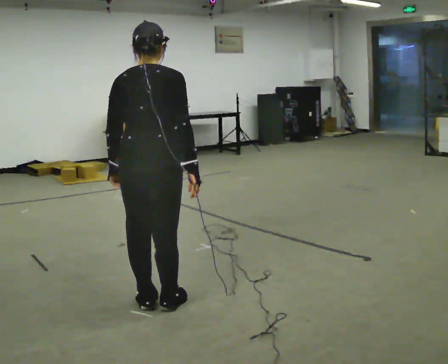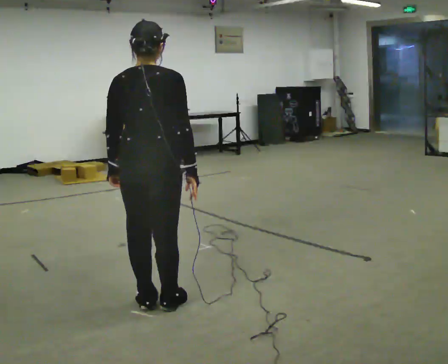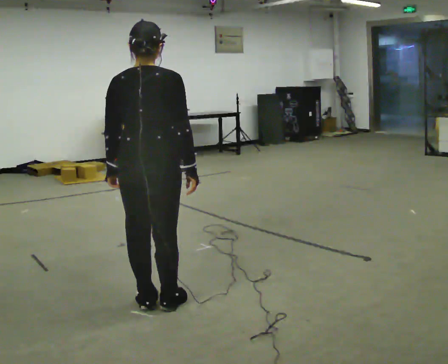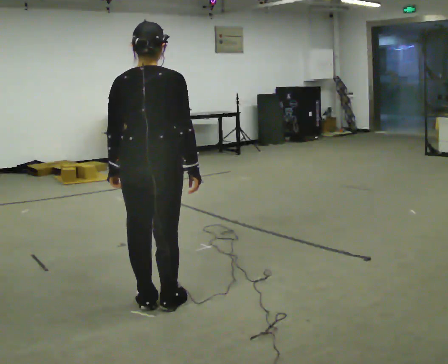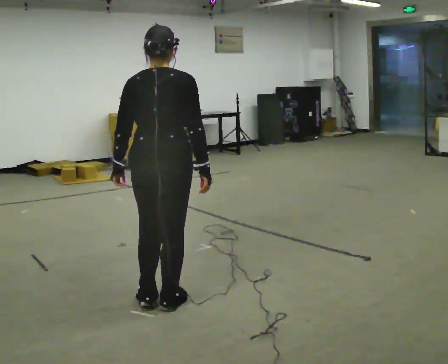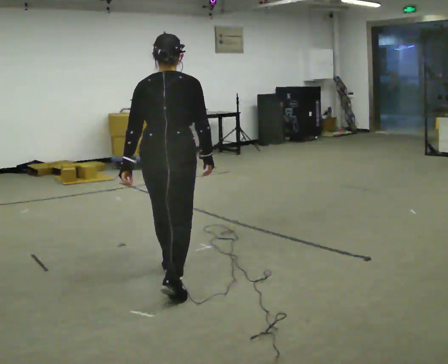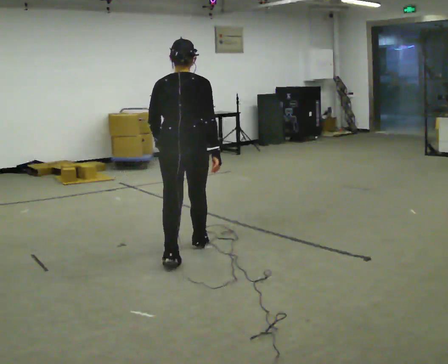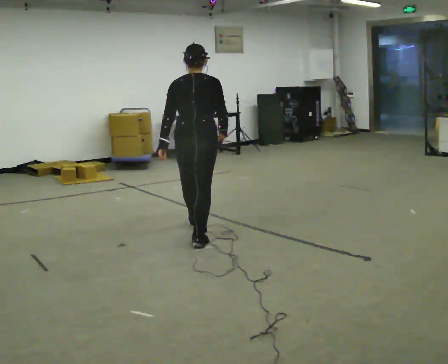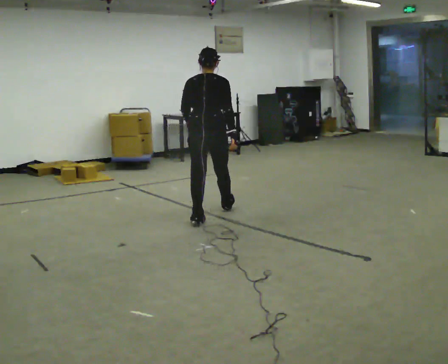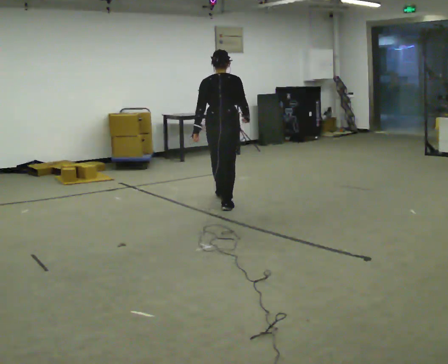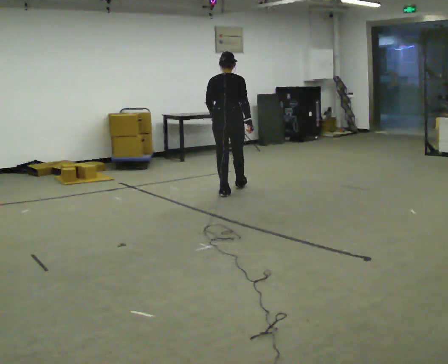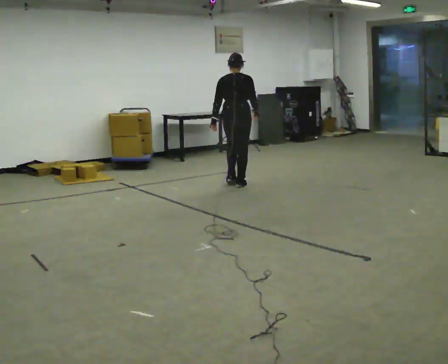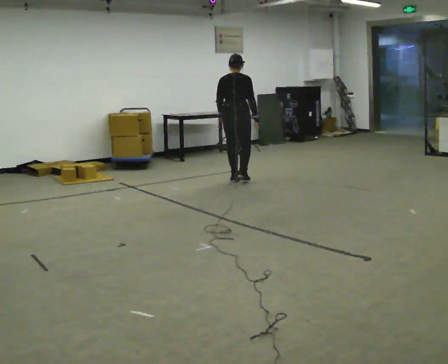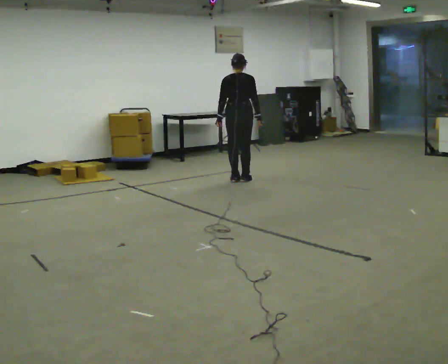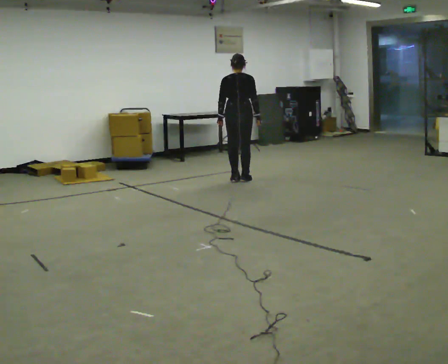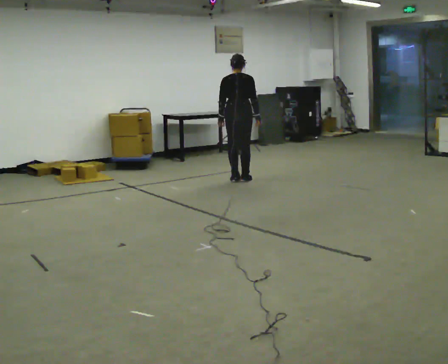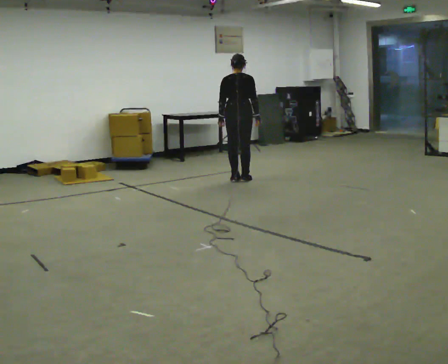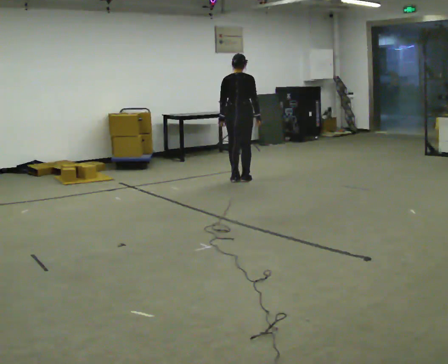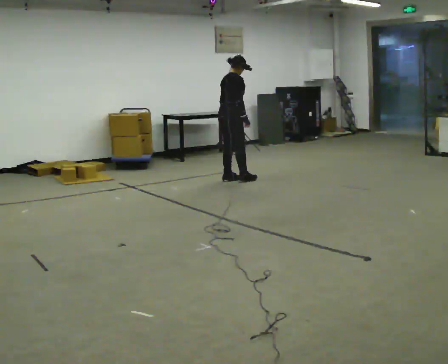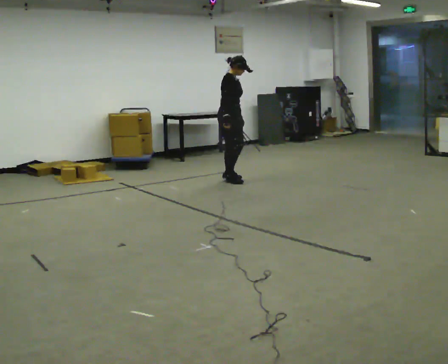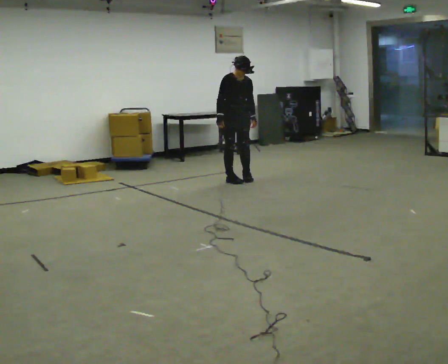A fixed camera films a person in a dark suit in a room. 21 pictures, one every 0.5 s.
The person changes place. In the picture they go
away from the camera.
0.0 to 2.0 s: The person moves a little, or ends about where they began.
2.0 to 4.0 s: In the picture they go away from the camera, about 2 m in 3 steps, which for them is forward.
4.0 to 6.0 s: In the picture they go away from the camera, about 1.5 m in 4 steps, which for them is forward.
6.0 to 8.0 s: The person moves a little, or ends about where they began.
8.0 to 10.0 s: Seen from above the body turns clockwise, about 150 degrees: to their right, with its near side sliding to the left. In the picture their right hand goes to the left, the arm swinging clockwise.
The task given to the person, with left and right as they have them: Walk forward while moving diagonally left/right; finish ~45° from start direction.
The film runs forward here.
